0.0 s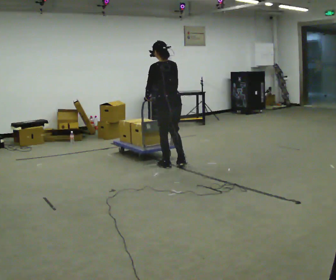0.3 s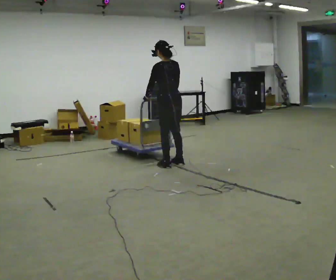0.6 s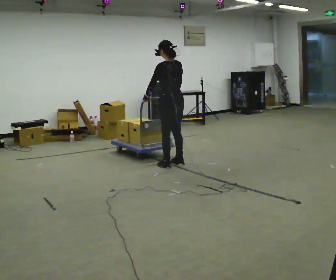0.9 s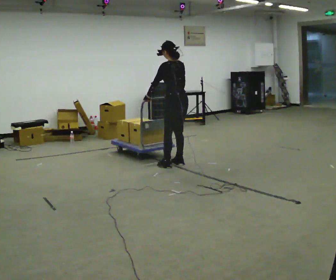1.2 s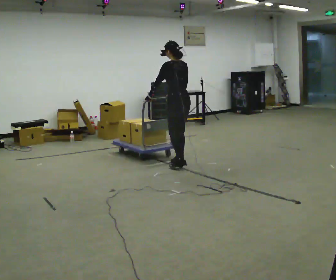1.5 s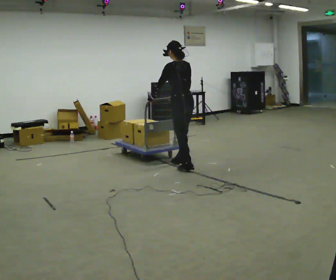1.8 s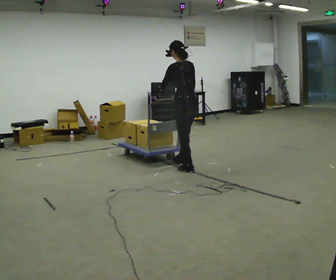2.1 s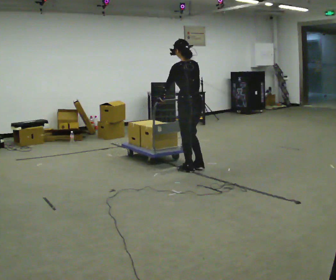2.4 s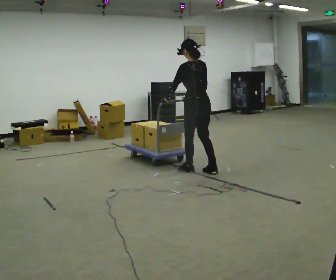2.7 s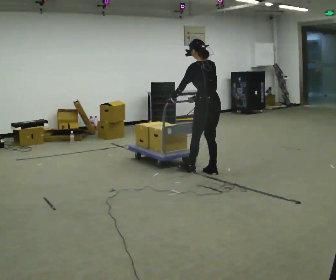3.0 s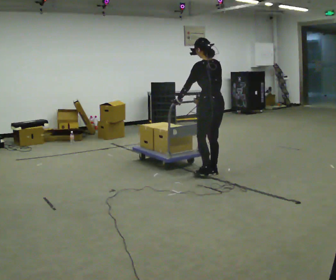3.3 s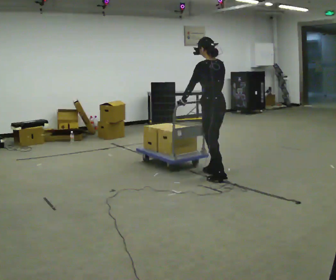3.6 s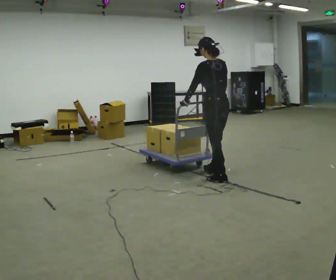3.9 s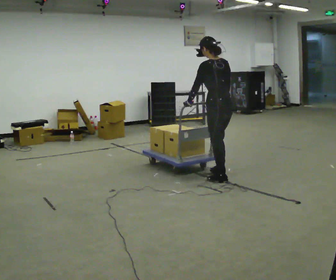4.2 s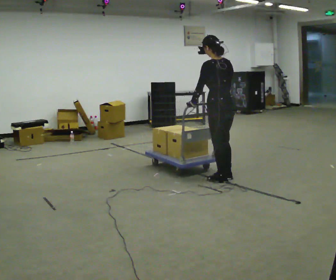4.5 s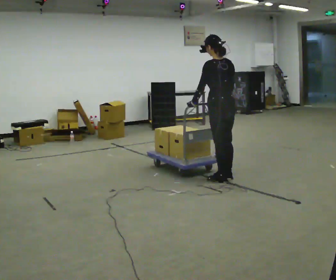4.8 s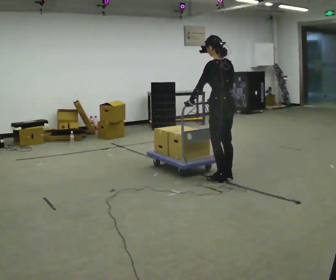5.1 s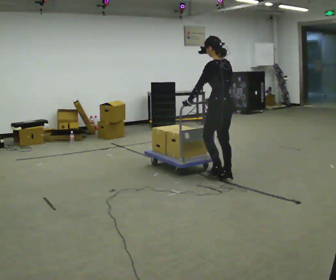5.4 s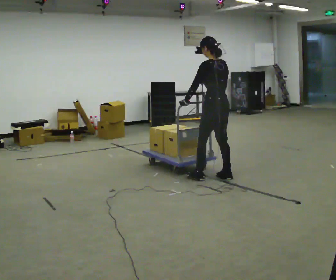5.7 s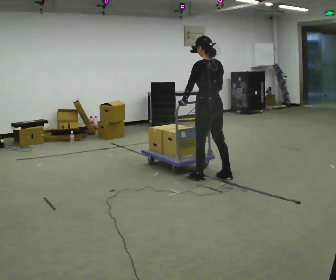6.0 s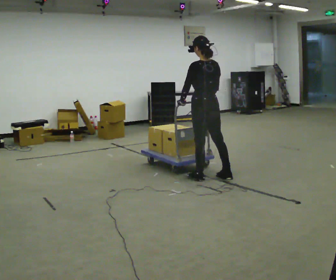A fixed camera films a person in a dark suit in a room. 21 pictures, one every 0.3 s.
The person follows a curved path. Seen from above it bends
clockwise.
0.0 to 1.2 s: The person moves a little, or ends about where they began.
1.2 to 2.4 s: In the picture they go toward the camera and to the right, about 0.5 m in 2 steps, which for them is backward.
2.4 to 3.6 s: In the picture they go toward the camera and to the right, about 0.25 m in 1 step, which for them is backward.
3.6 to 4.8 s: The person moves a little, or ends about where they began.
4.8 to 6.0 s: In the picture they go to the left, about 0.25 m in 1 step, which for them is forward and to their left.
The film runs forward here.
